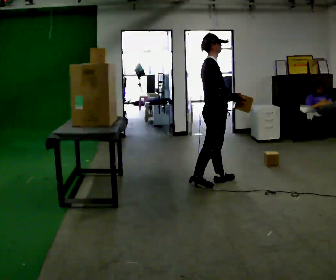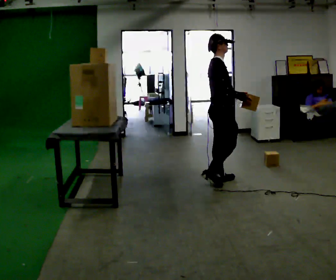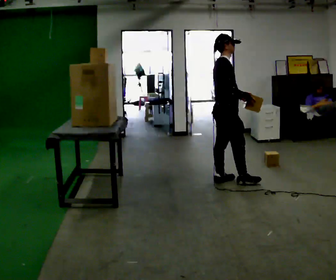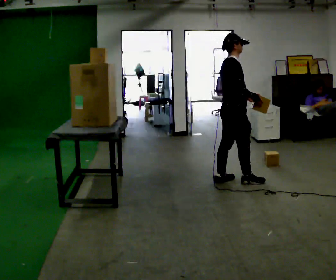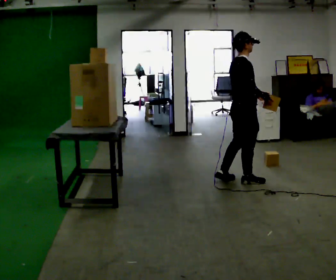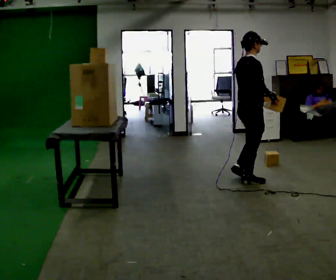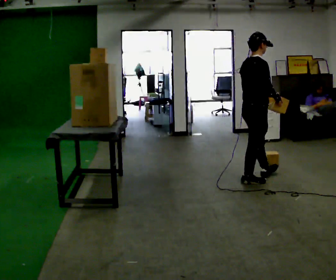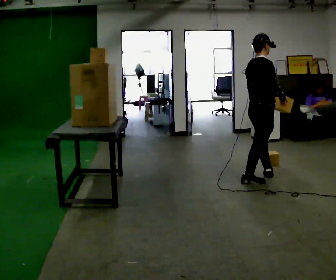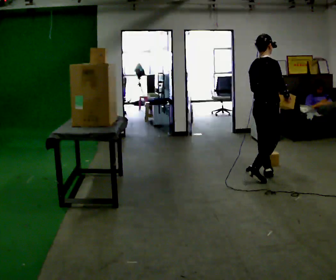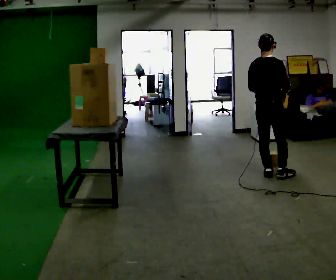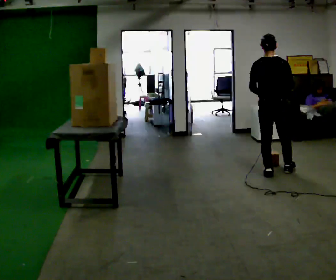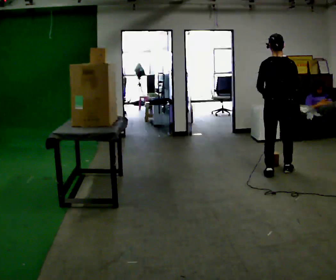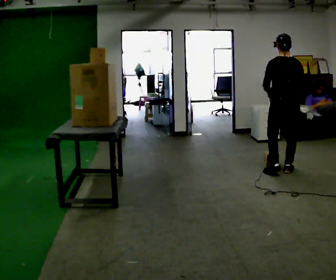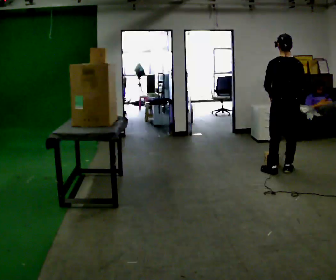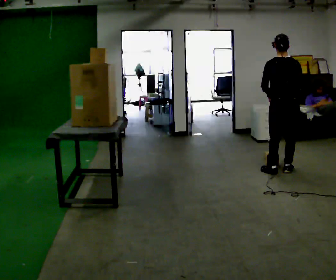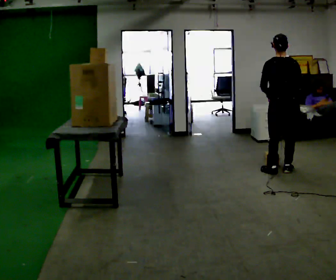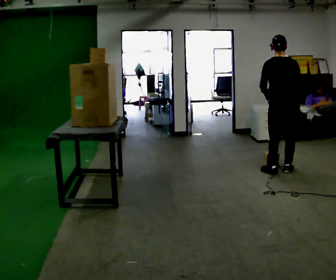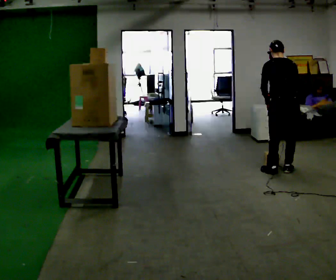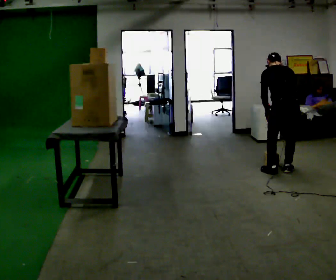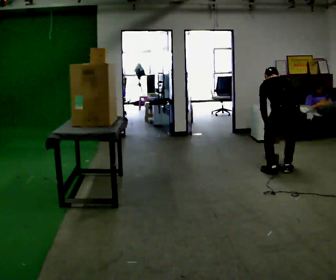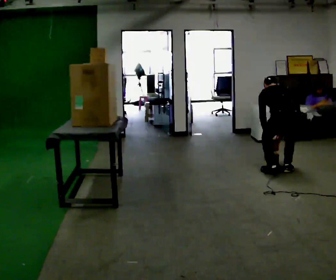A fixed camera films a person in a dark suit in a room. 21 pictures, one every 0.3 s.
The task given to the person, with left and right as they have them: Take an object from the lowest shelf, carry it across the room, and place it on the highest shelf you can comfortably reach. Keep going until the operator says stop; one object at a time, and do not rush between trips.
0.0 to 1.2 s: In the picture they go to the right, about 0.25 m in 1 step, which for them is forward.
1.2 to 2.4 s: In the picture they go to the right and away from the camera, about 0.25 m in 1 step, which for them is forward.
2.4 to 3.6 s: Seen from above the body turns counterclockwise, about 60 degrees: to their left, with its near side sliding to the right. In the picture they go to the right and away from the camera, about 0.25 m in 1 step.
3.6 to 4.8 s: The person moves a little, or ends about where they began.
4.8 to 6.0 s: The shoulders move downward. The upper body tips away from the camera, its near side rolling upward, as they bend forward. In the picture their right hand goes downward.
The film runs forward here.
